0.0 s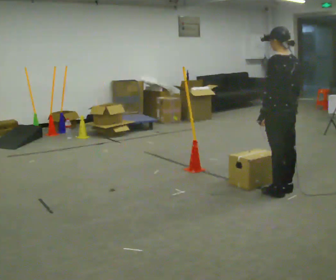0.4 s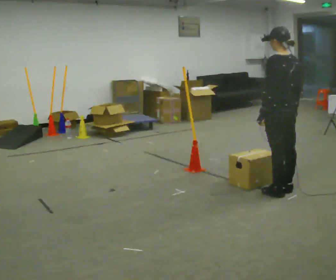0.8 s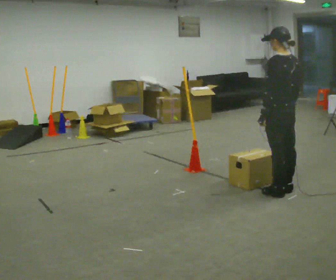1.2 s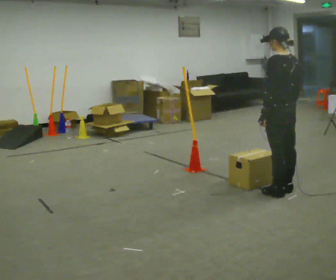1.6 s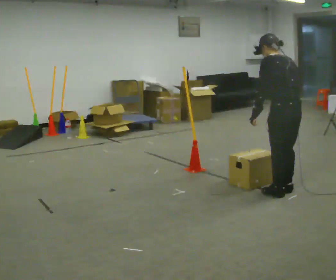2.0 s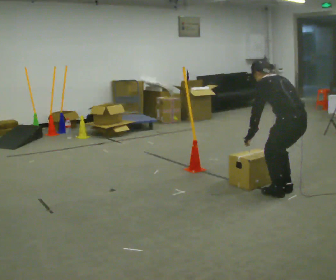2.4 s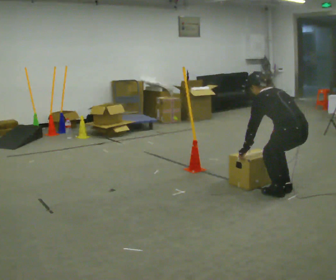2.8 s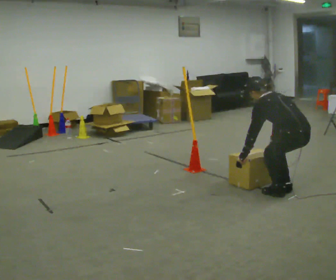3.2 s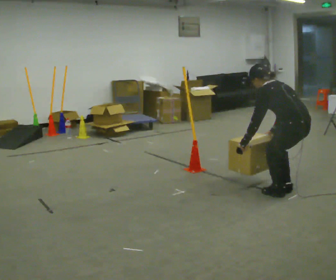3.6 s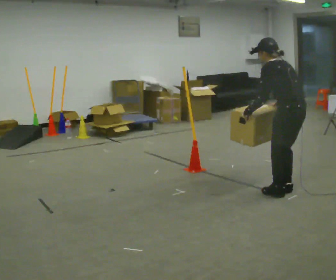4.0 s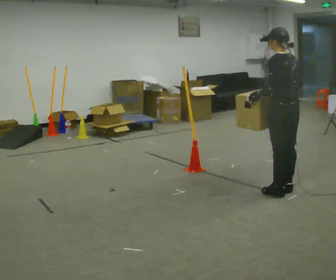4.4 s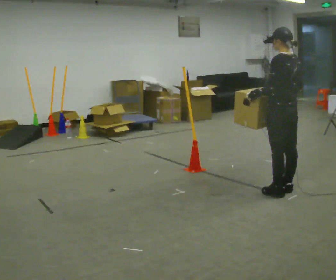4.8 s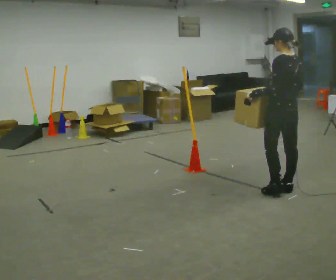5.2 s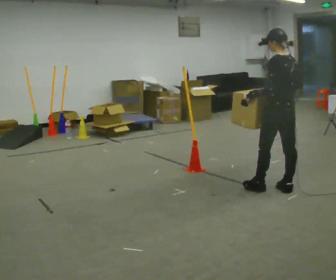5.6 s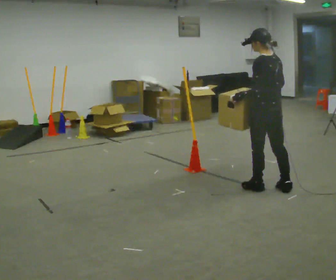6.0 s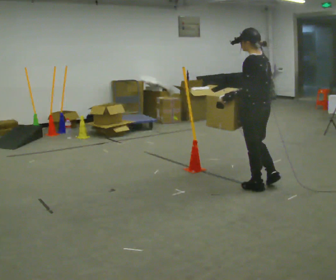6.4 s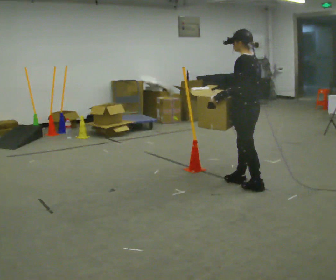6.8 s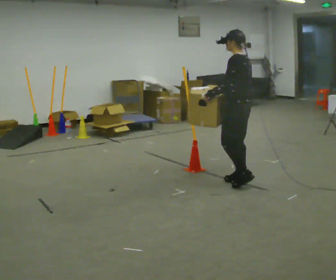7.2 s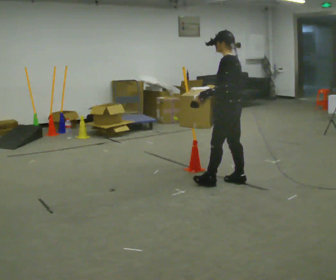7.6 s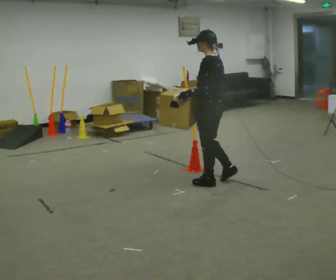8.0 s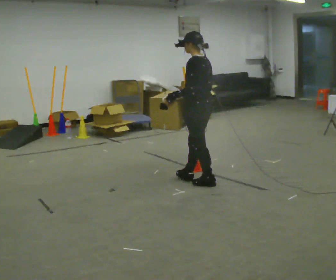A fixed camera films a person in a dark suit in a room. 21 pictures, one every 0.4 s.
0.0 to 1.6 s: The upper body tips away from the camera, its near side rolling upward, as they bend forward.
1.6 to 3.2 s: The person moves a little, or ends about where they began.
3.2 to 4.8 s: The upper body goes upward. In the picture the upper body tilts clockwise, shoulders to the right, as they lean back or straighten. In the picture their left hand goes upward.
4.8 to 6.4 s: In the picture they go to the left, about 0.25 m in 2 steps, which for them is forward.
6.4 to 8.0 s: In the picture they go to the left, about 0.5 m in 1 step, which for them is forward.
The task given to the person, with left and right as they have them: Walk toward obstacle; alter path to avoid it; continue toward original destination.
The film runs forward here.
